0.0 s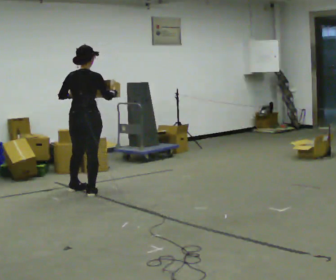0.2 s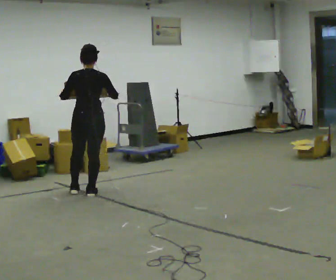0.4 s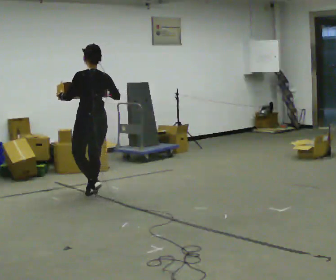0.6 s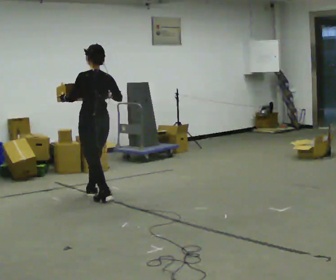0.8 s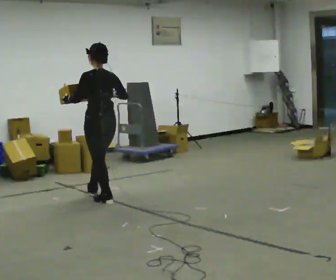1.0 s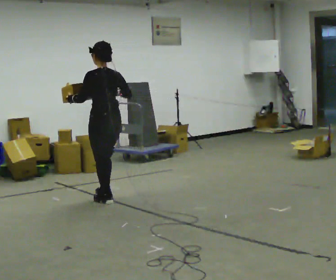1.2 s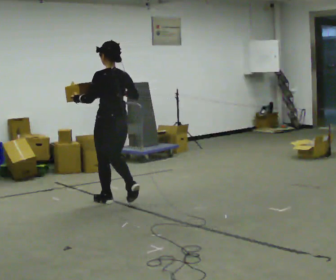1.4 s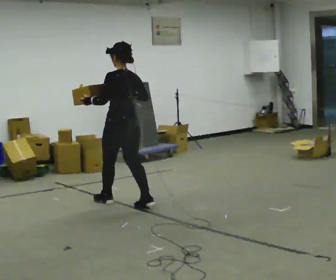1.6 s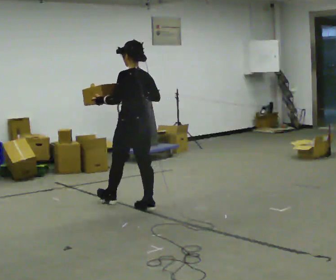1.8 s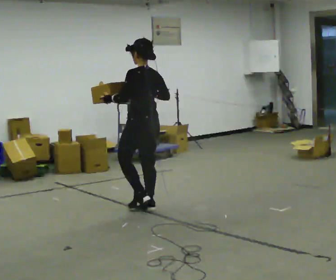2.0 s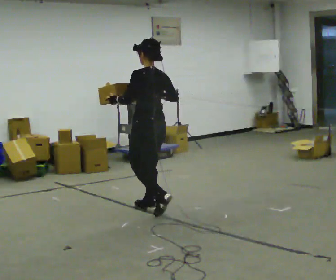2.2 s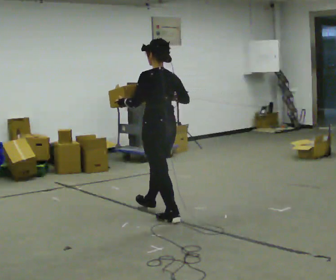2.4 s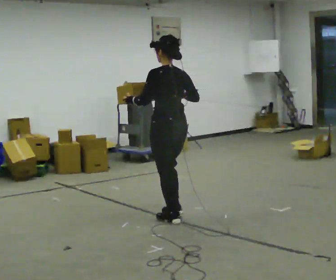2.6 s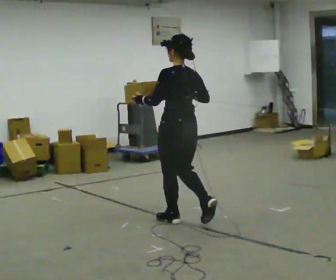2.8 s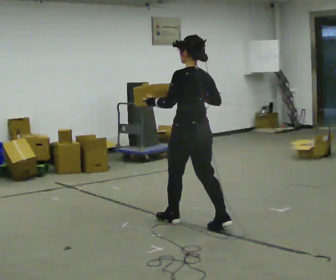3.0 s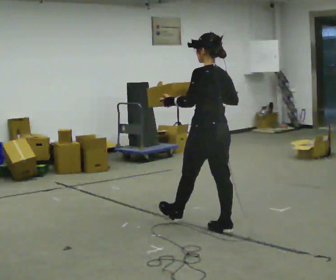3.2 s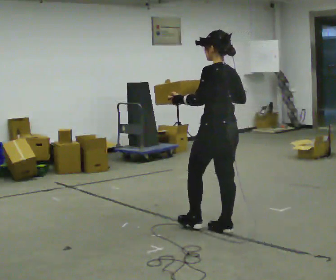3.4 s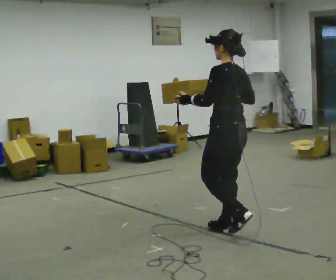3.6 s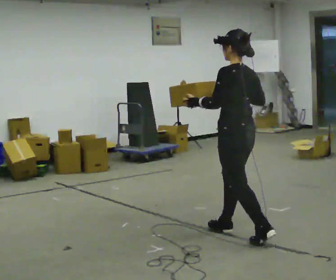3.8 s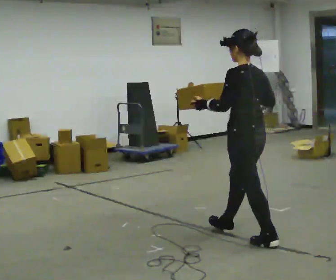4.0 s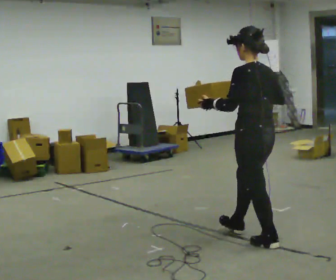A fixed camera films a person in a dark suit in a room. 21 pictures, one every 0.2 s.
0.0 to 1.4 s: The person turns about 60 degrees to their left, counterclockwise seen from above, so the part of the body nearest the lens slides to the right. In the picture they go toward the camera and to the right, about 0.75 m in 2 steps, which for them is backward.
1.4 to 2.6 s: In the picture they go toward the camera and to the right, about 1 m in 2 steps, which for them is backward.
2.6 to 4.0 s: In the picture they go toward the camera and to the right, about 1 m in 2 steps, which for them is backward.
The film runs backward here.
